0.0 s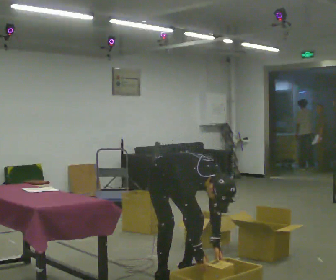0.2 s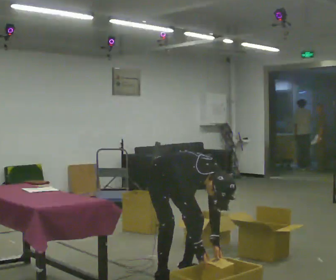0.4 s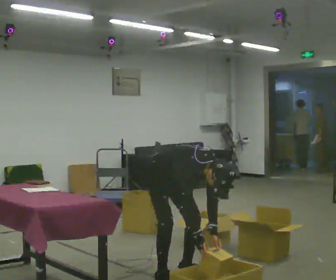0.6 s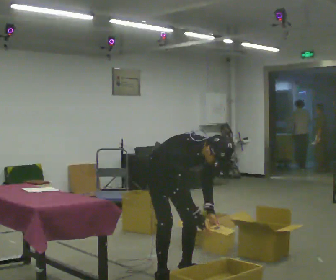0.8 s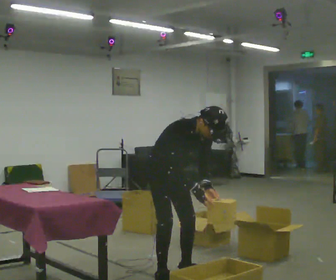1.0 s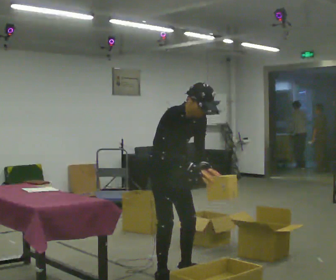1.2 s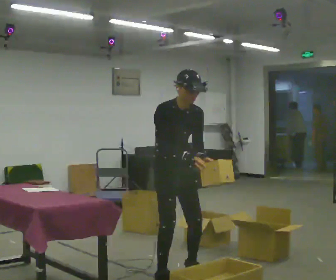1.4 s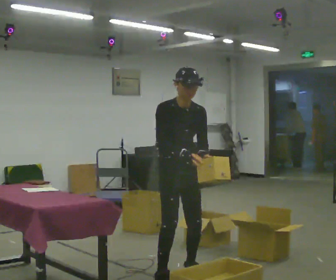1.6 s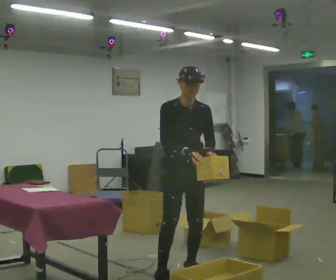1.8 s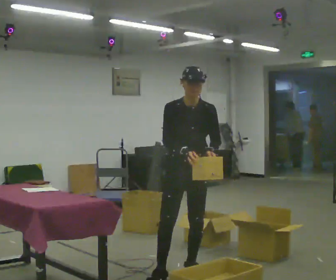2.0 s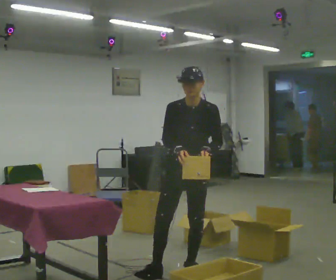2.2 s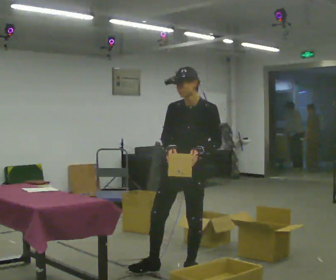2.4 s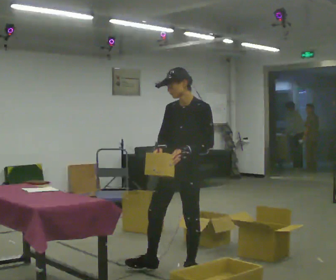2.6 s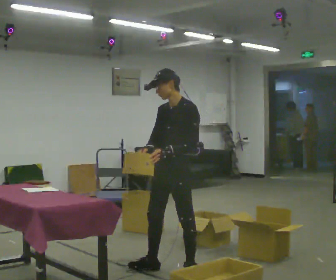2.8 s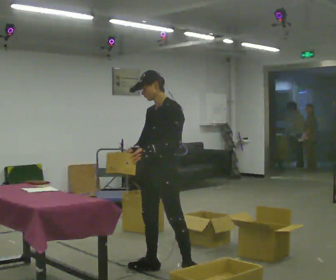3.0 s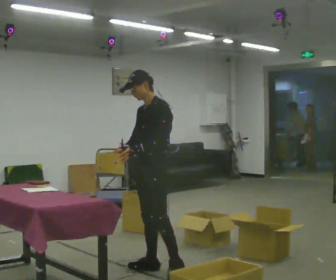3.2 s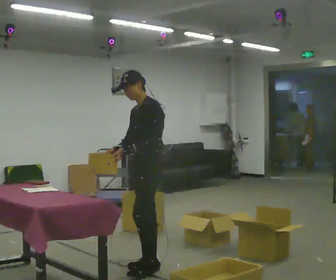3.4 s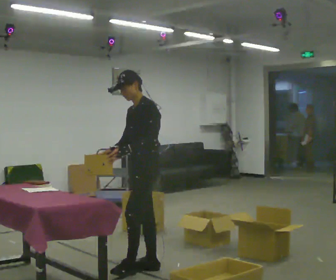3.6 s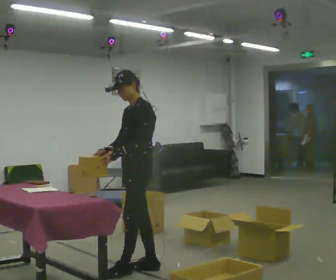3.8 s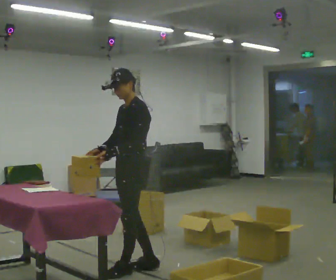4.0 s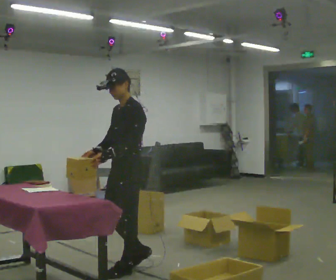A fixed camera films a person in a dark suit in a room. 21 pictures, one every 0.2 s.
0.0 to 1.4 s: The shoulders move upward. The upper body tips away from the camera, its near side rolling upward, as they lean back or straighten. In the picture their right hand goes upward.
1.4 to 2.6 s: The person turns about 75 degrees to their right, clockwise seen from above, so the part of the body nearest the lens slides to the left. In the picture they go away from the camera, about 0.25 m in 1 step. In the picture their right hand goes to the left, the arm swinging clockwise.
2.6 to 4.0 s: In the picture they go to the left, about 0.25 m in 1 step, which for them is forward and to their right.
The film runs forward here.
